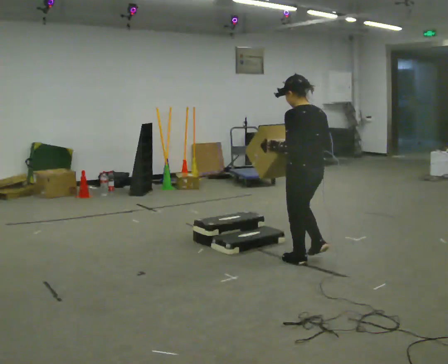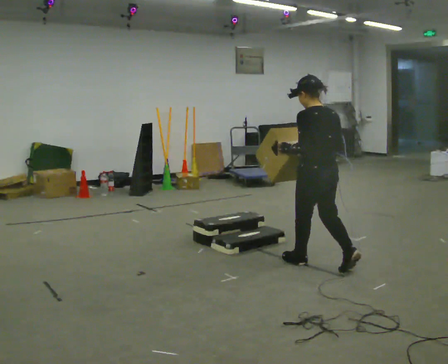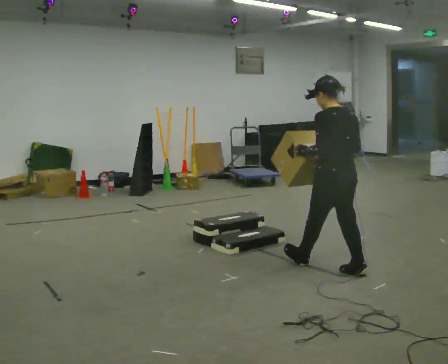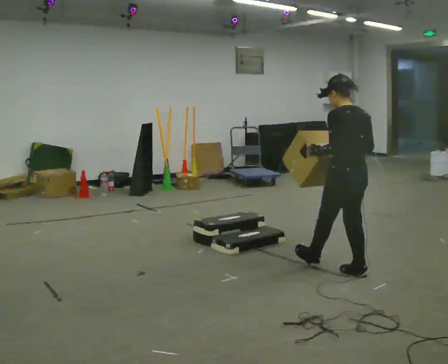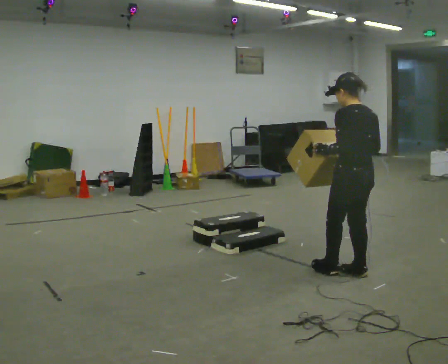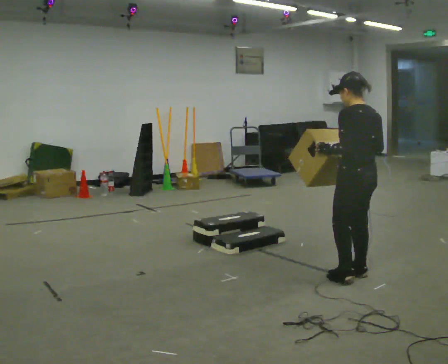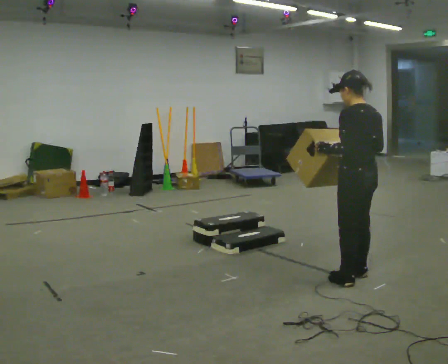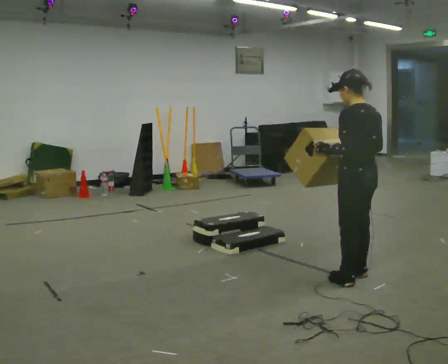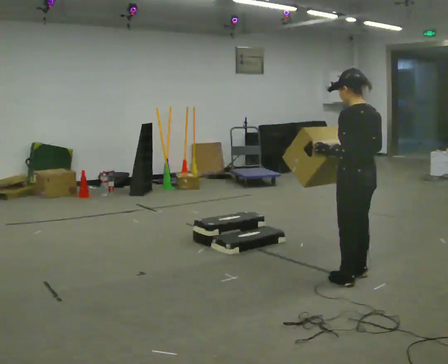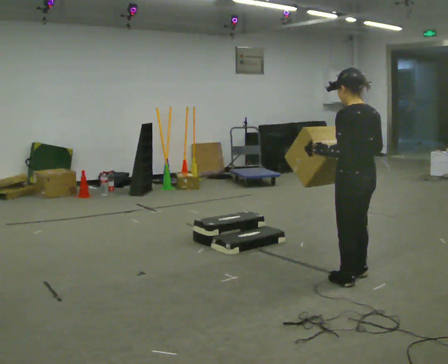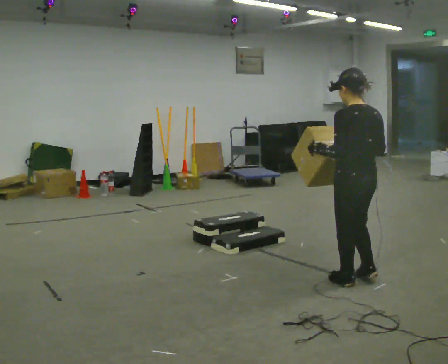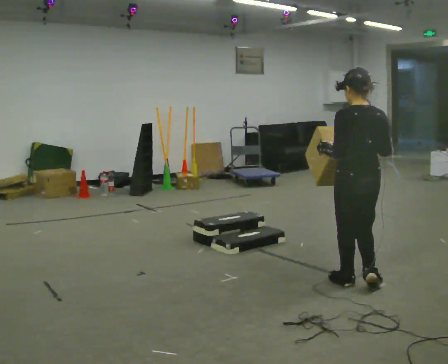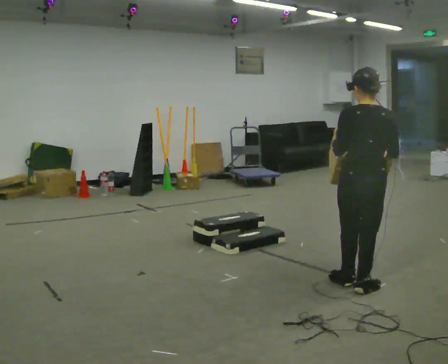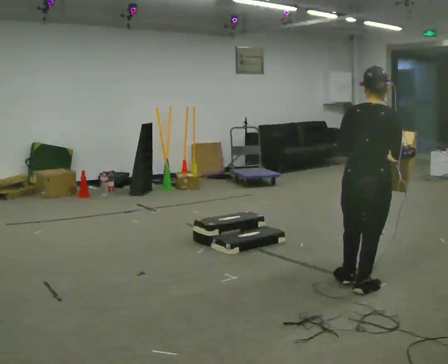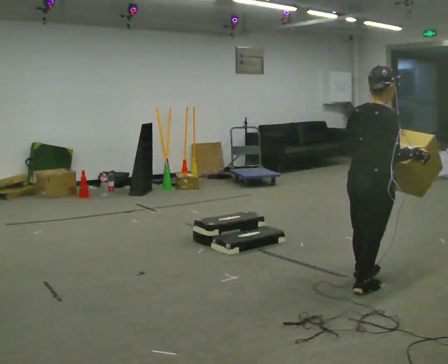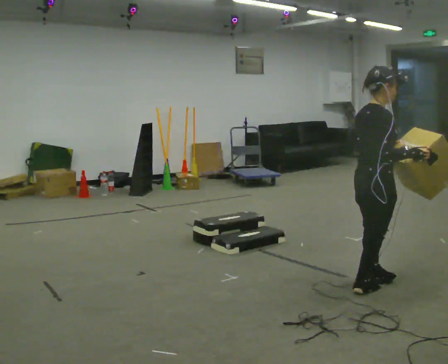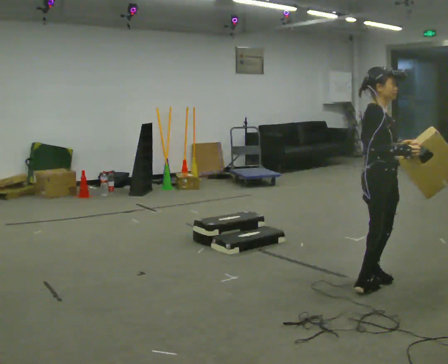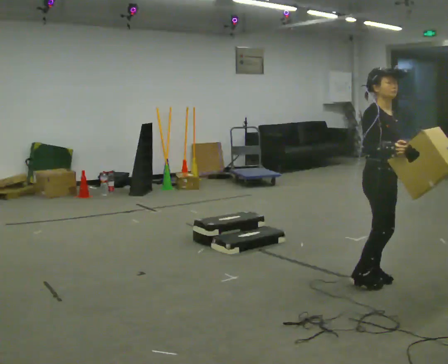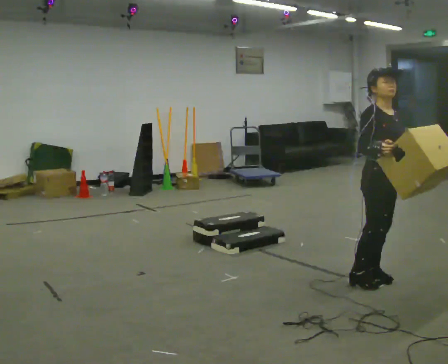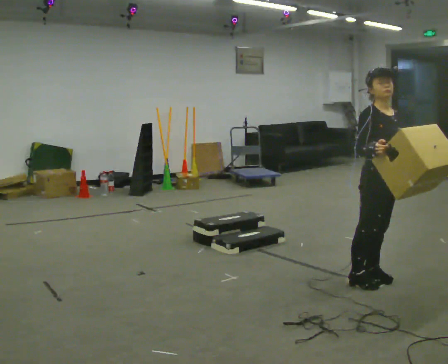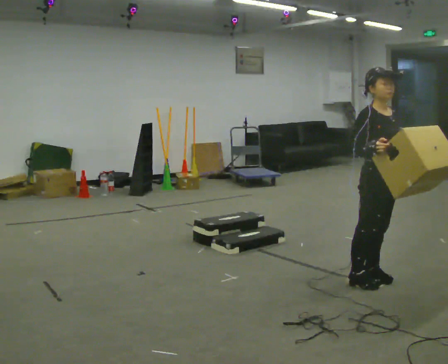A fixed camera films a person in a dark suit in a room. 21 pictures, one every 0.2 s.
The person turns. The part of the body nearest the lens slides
to the left.
The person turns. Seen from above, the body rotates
clockwise.
0.0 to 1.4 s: In the picture they go toward the camera and to the right, about 0.5 m in 1 step, which for them is backward.
1.4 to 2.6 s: The part of the body nearest the lens slides to the left as the person turns to their right by about 60 degrees. In the picture they go toward the camera, about 0.25 m in 1 step.
2.6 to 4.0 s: Seen from above the body turns clockwise, about 120 degrees: to their right, with its near side sliding to the left.
The film runs backward here.
